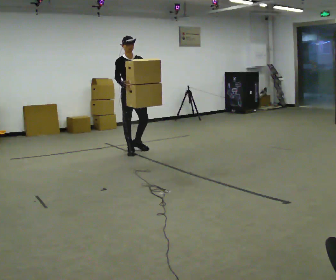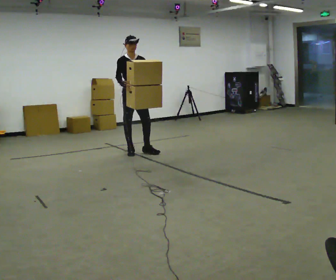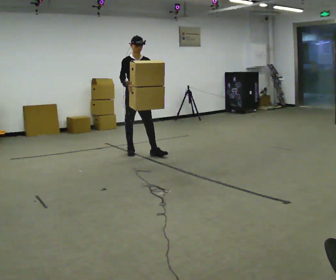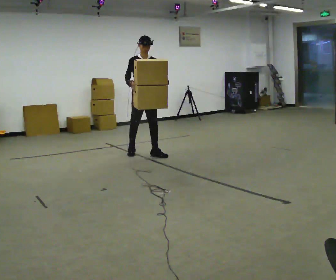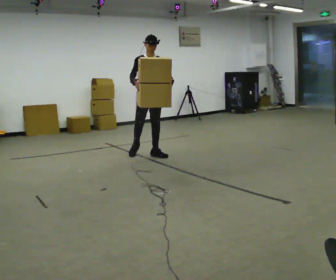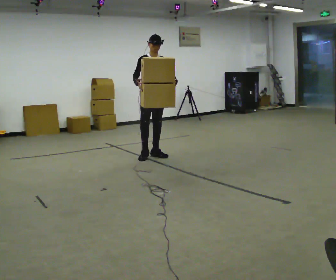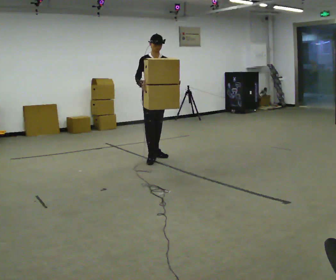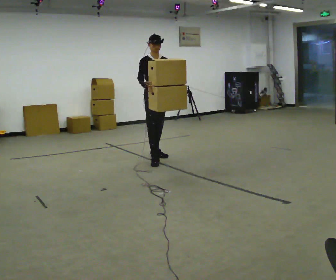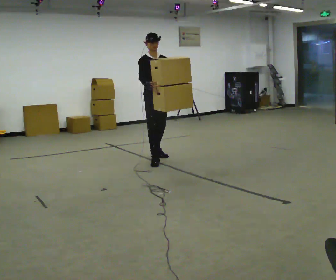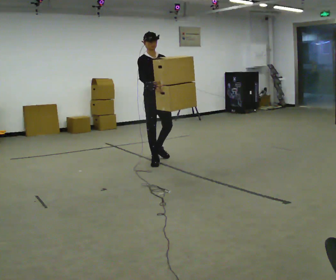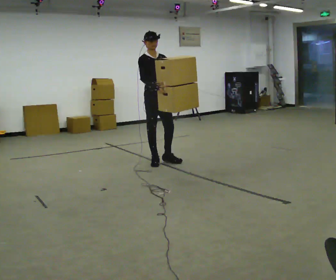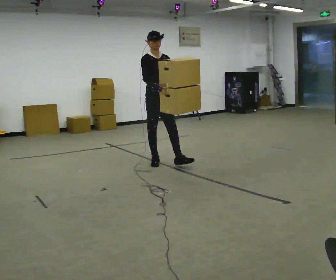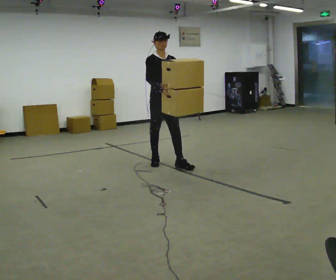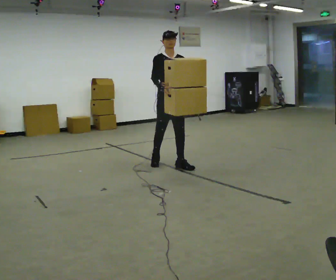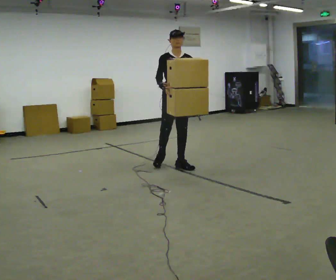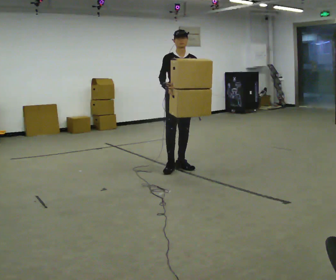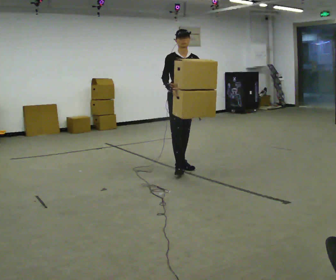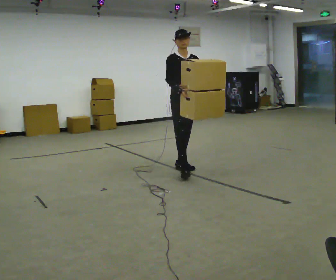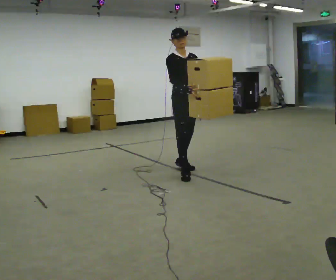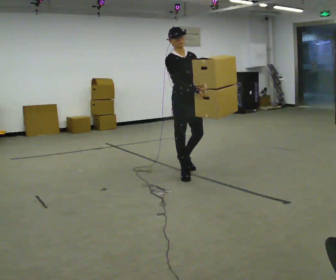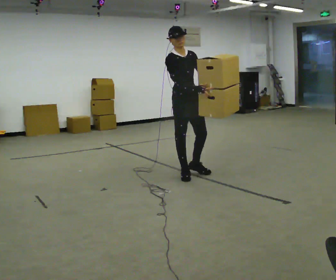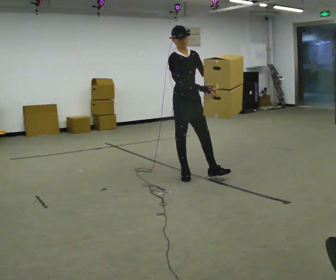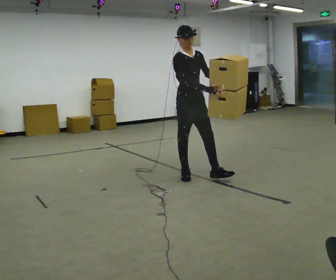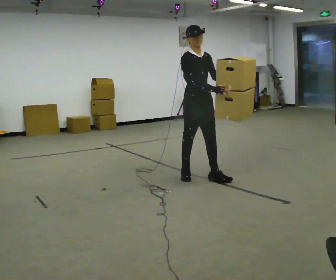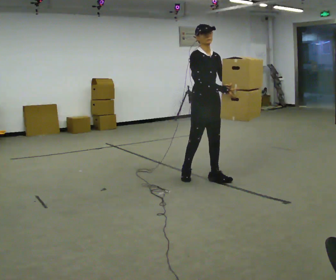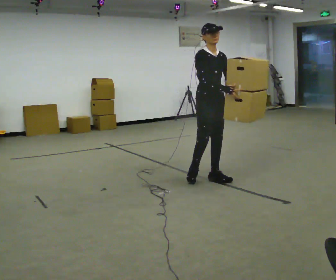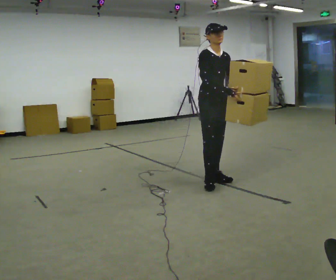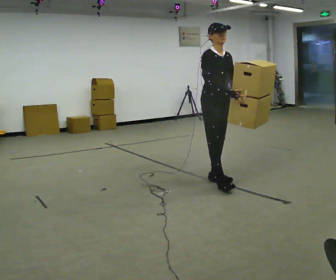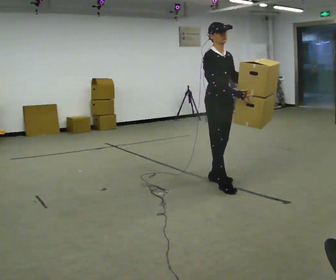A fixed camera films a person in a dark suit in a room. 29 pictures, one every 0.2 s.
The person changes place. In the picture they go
toward the camera.
0.0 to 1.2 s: In the picture they go to the right and toward the camera, about 0.5 m in 1 step, which for them is forward and to their left.
1.2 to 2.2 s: In the picture they go toward the camera, about 0.5 m in 1 step, which for them is forward and to their right.
2.2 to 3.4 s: In the picture they go toward the camera and to the right, about 0.5 m in 2 steps, which for them is forward and to their left.
3.4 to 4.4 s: In the picture they go toward the camera, about 0.25 m in 1 step, which for them is forward and to their right.
4.4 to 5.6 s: In the picture they go toward the camera and to the right, about 0.5 m in 1 step, which for them is forward.
The film runs forward here.
